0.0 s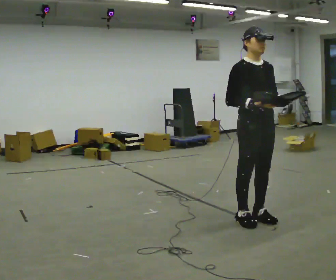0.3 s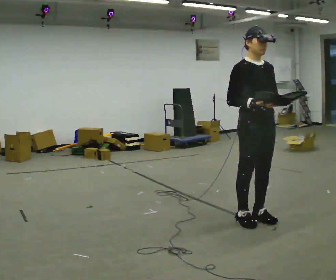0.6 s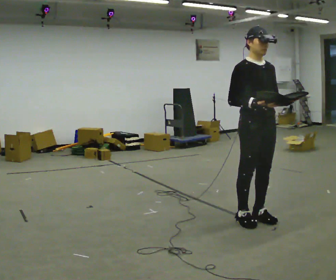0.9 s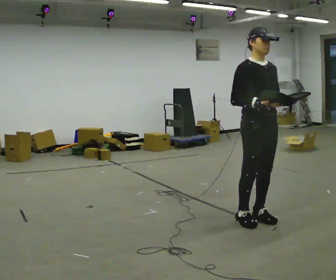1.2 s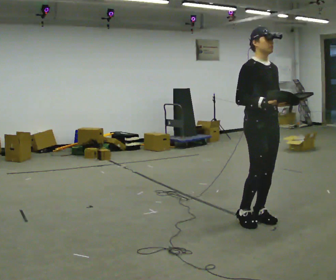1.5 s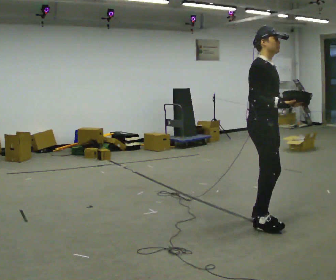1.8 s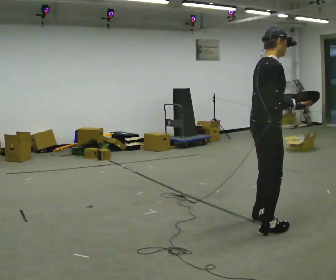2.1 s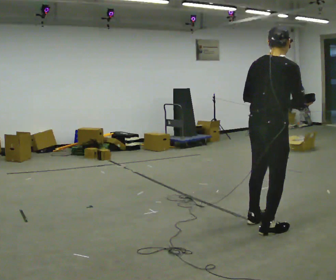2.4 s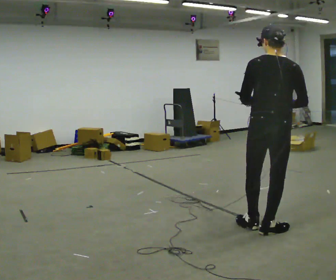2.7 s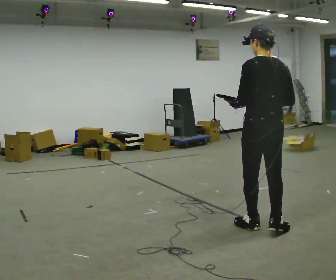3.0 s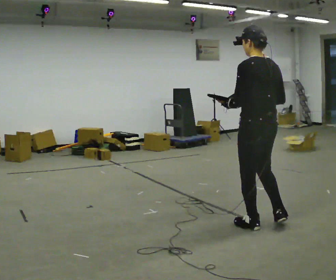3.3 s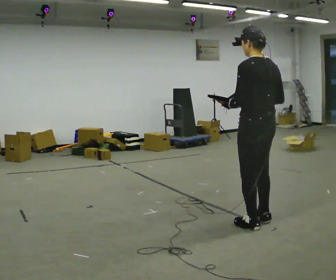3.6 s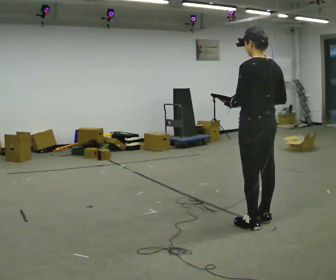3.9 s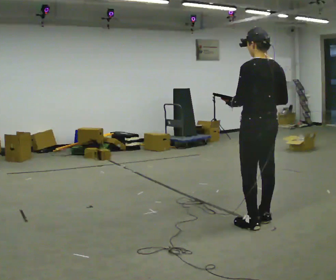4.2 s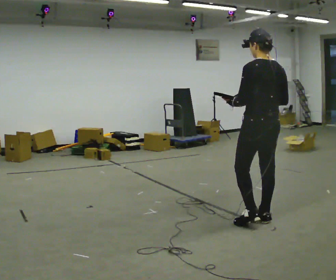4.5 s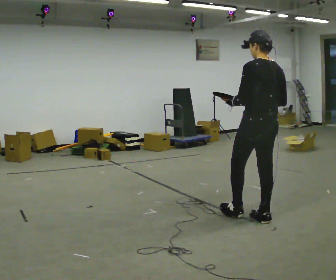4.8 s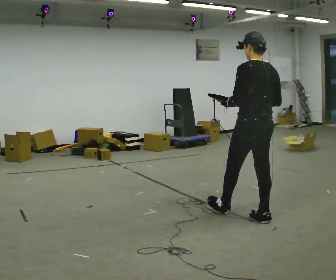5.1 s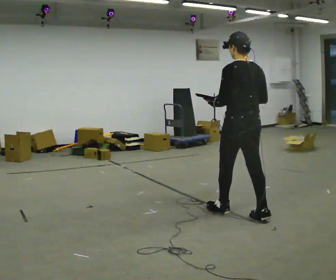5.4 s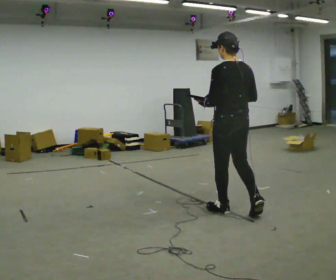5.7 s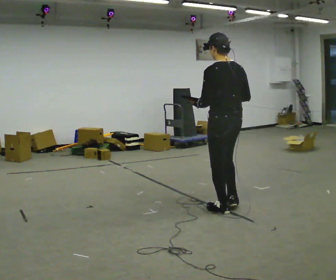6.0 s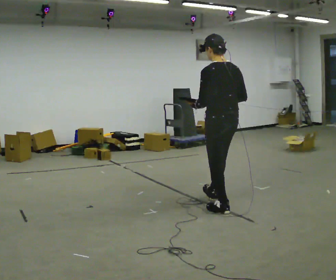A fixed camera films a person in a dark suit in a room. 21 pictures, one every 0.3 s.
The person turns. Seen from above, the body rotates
counterclockwise.
The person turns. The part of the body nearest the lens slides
to the right.
0.0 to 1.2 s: The person moves a little, or ends about where they began.
1.2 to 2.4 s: The person turns about 135 degrees to their left, counterclockwise seen from above, so the part of the body nearest the lens slides to the right. In the picture they go toward the camera, about 0.25 m in 2 steps.
2.4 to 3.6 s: Seen from above the body turns counterclockwise, about 45 degrees: to their left, with its near side sliding to the right. In the picture they go away from the camera, about 0.25 m in 1 step, which for them is forward.
3.6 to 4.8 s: In the picture they go away from the camera, about 0.25 m in 1 step, which for them is forward.
4.8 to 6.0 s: In the picture they go to the left and away from the camera, about 0.5 m, which for them is forward.
The film runs forward here.
